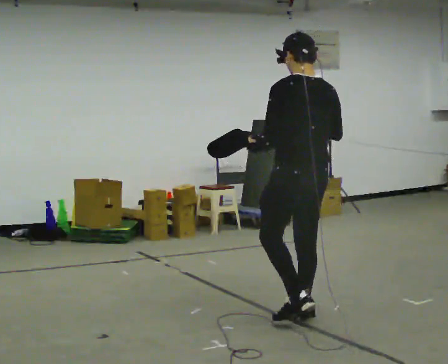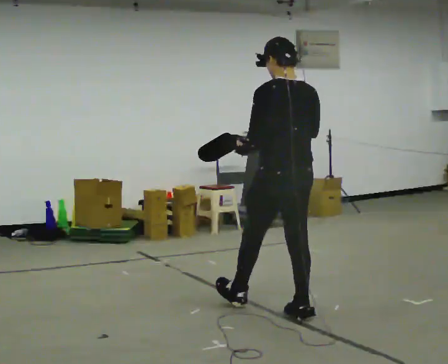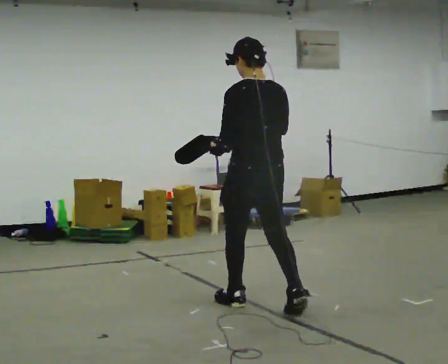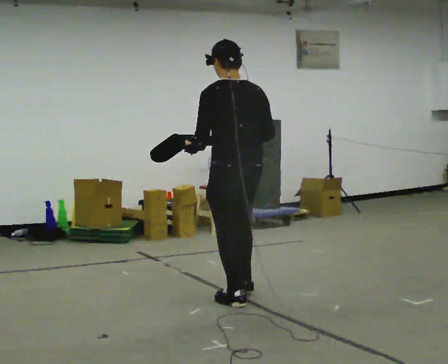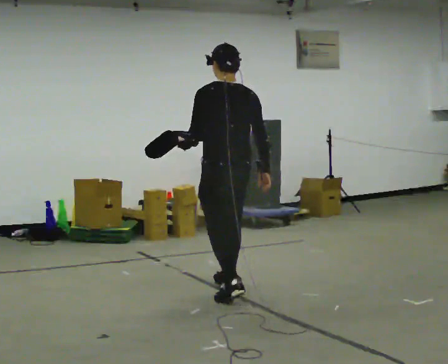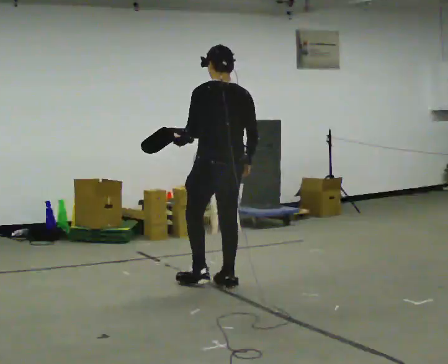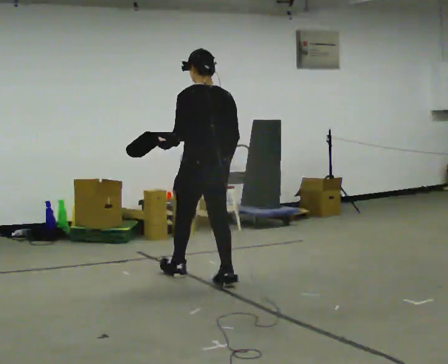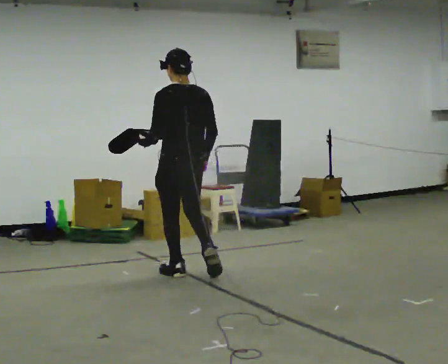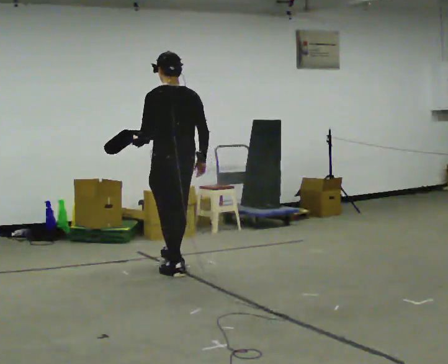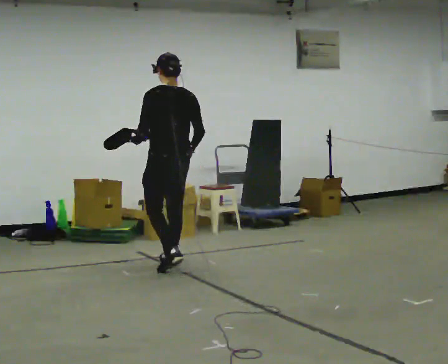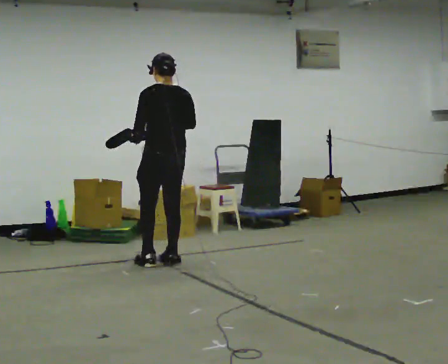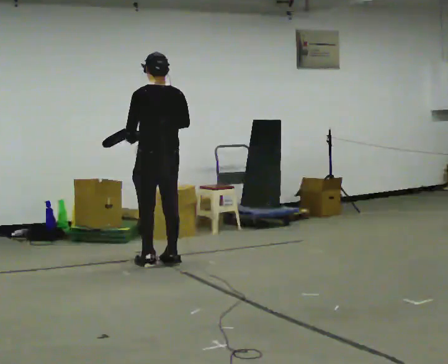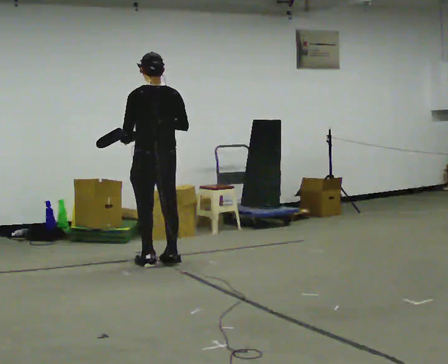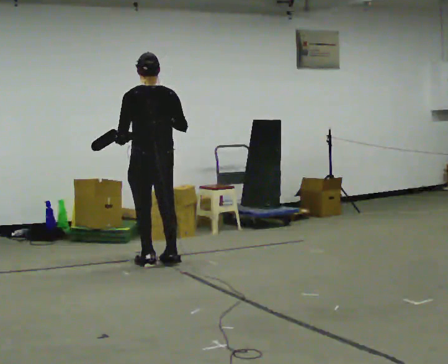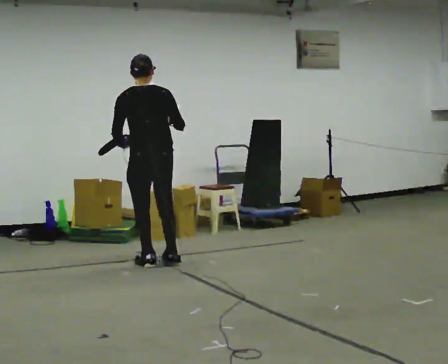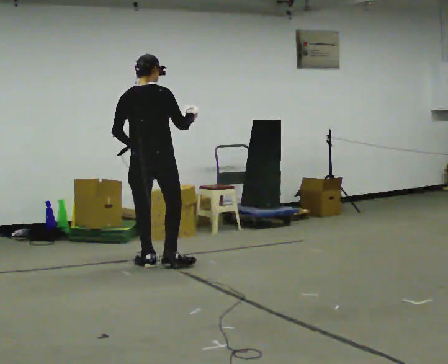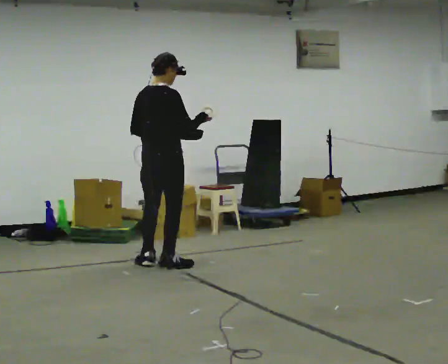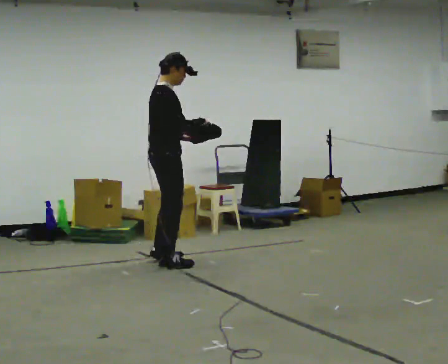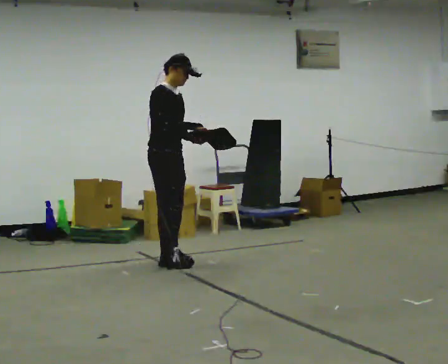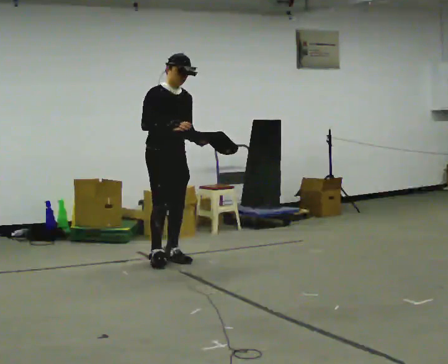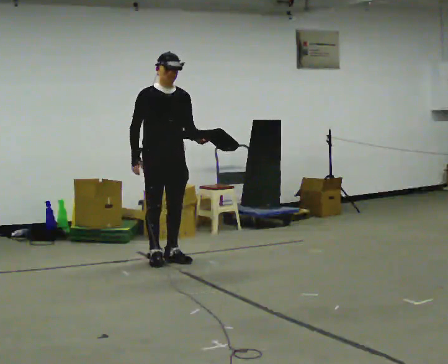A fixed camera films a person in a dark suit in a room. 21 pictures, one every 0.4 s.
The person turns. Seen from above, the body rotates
clockwise.
The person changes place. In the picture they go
away from the camera.
0.0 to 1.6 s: In the picture they go away from the camera and to the left, about 1 m in 2 steps, which for them is forward. In the picture their right hand goes downward.
1.6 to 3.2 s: In the picture they go away from the camera and to the left, about 1 m in 2 steps, which for them is forward.
3.2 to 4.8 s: In the picture they go away from the camera, about 0.25 m in 1 step, which for them is forward.
4.8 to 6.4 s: The part of the body nearest the lens slides to the left as the person turns to their right by about 75 degrees.
6.4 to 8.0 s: The part of the body nearest the lens slides to the left as the person turns to their right by about 120 degrees. In the picture they go away from the camera, about 0.25 m in 2 steps. In the picture their right hand goes to the left.
The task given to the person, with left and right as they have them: Carry the open container and, while walking, reach in with one hand and take an item out, then put it back. Repeat as you walk. Do not stop.
The film runs forward here.
